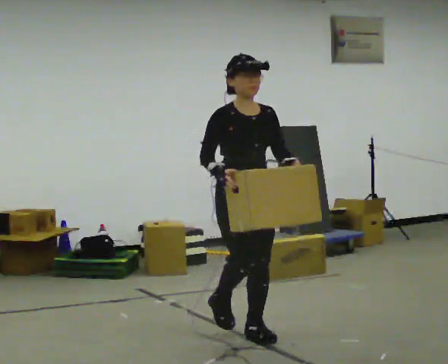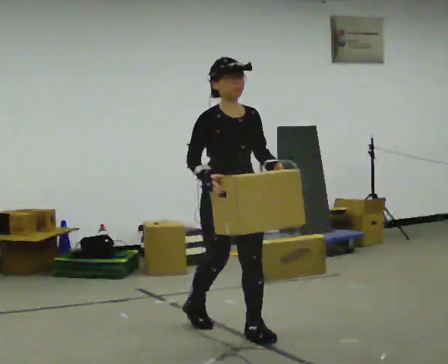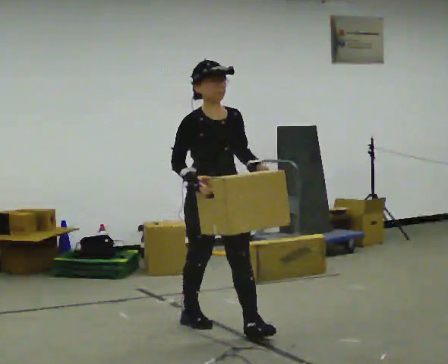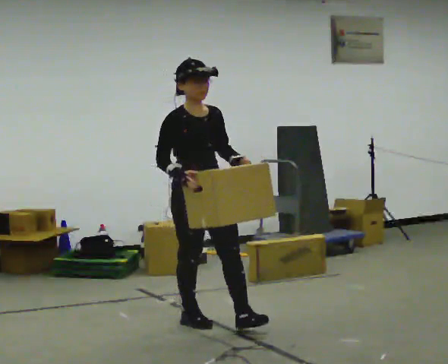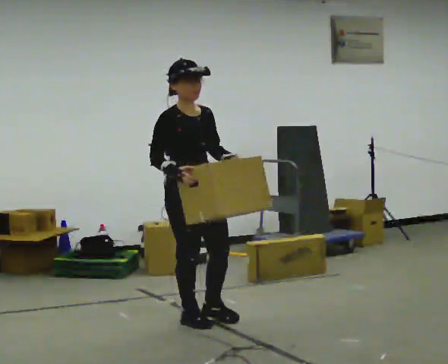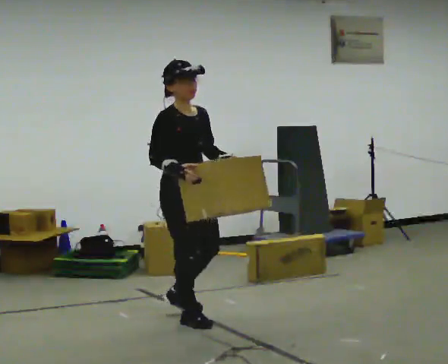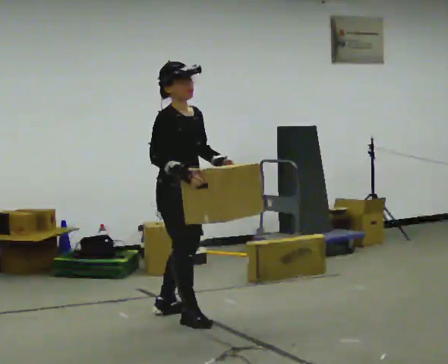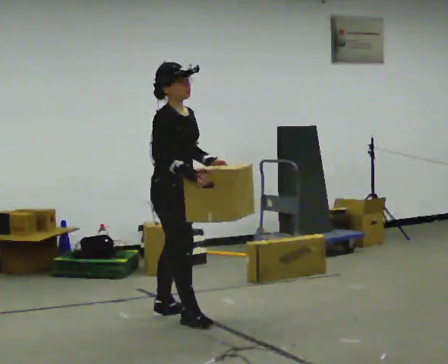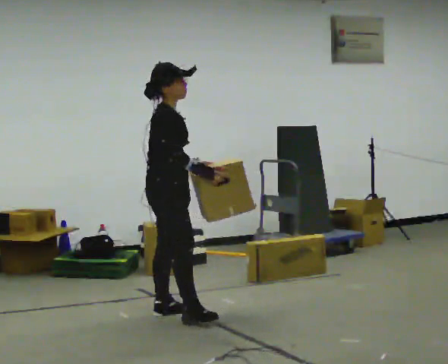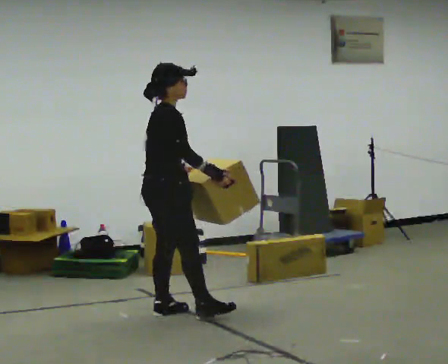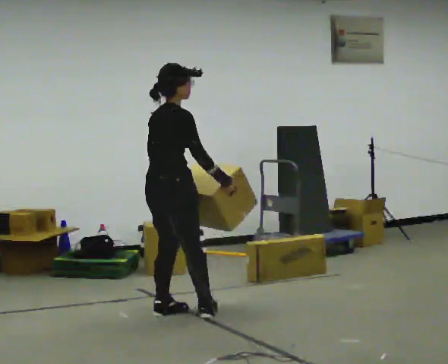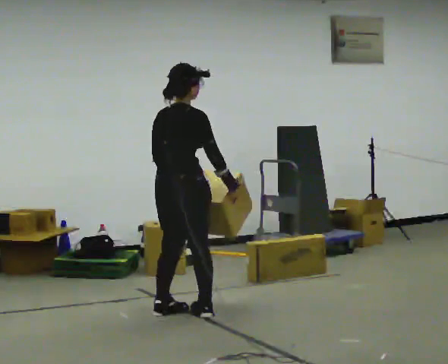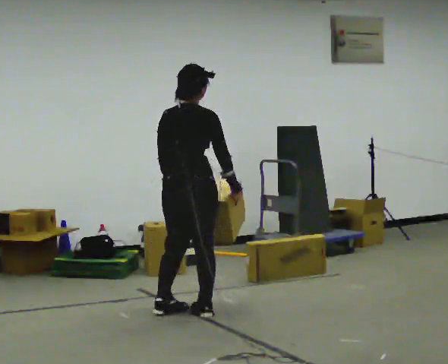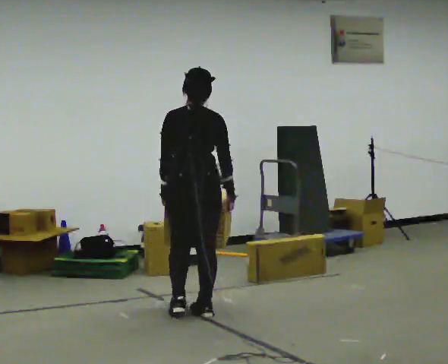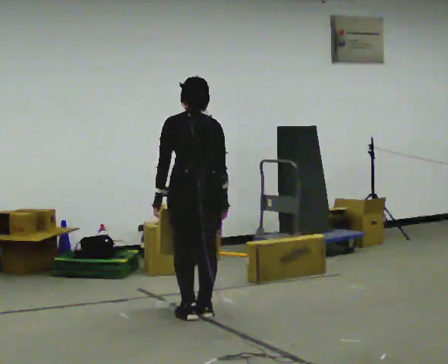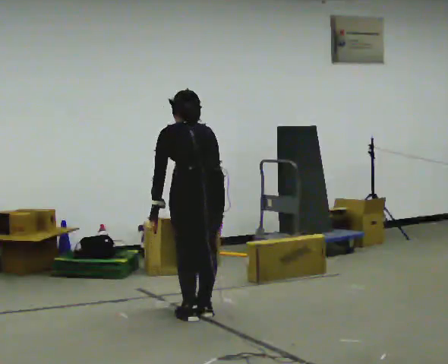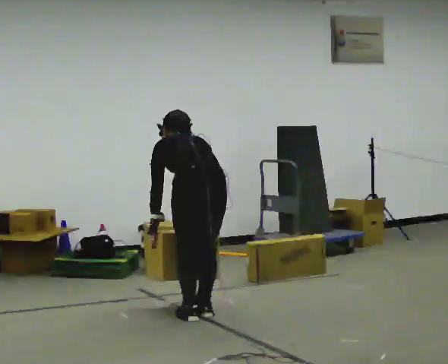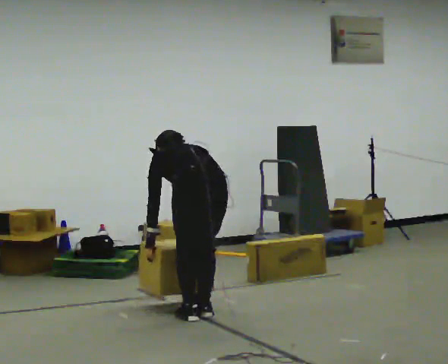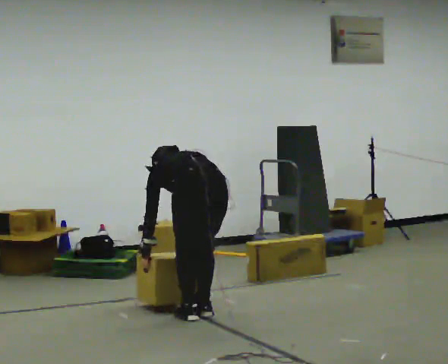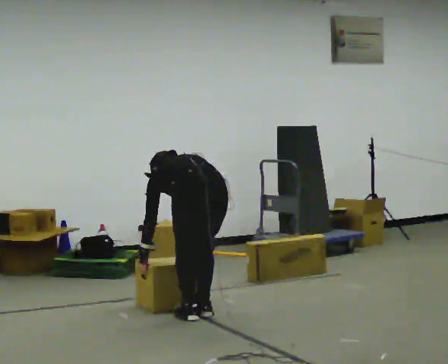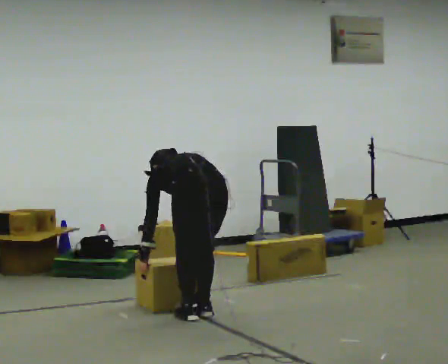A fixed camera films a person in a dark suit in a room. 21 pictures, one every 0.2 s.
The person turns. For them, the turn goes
to their left.
The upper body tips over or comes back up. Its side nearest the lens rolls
upward.
0.0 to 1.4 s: Seen from above the body turns counterclockwise, about 45 degrees: to their left, with its near side sliding to the right. In the picture they go away from the camera and to the left, about 0.75 m in 1 step, which for them is backward.
1.4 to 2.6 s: The part of the body nearest the lens slides to the right as the person turns to their left by about 105 degrees. The upper body tips away from the camera, its near side rolling upward, as they bend forward. In the picture their left hand goes to the left, the arm swinging clockwise.
2.6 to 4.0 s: The shoulders move downward. The upper body tips away from the camera, its near side rolling upward, as they bend forward. In the picture their left hand goes downward.
The film runs backward here.
